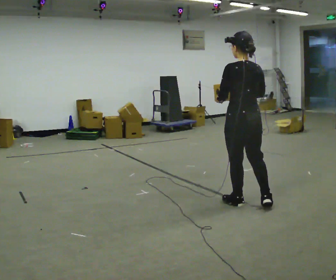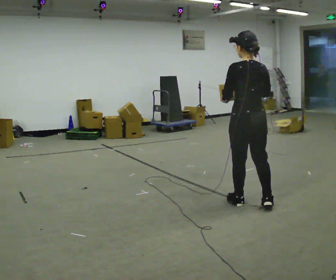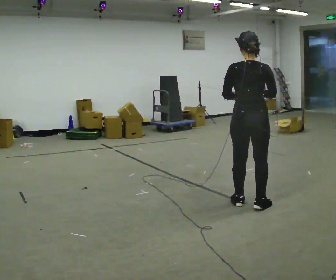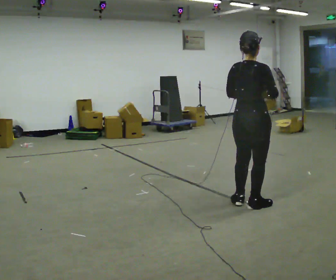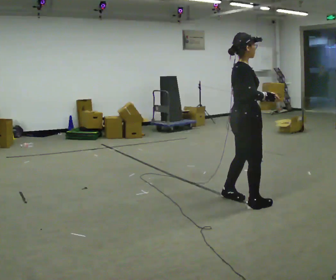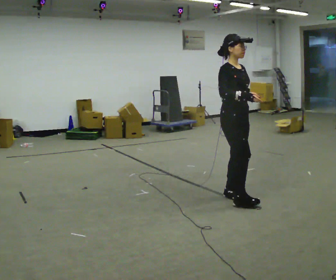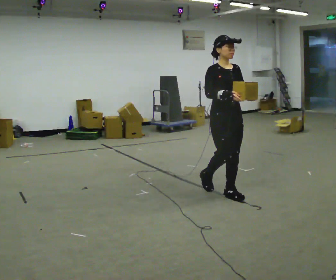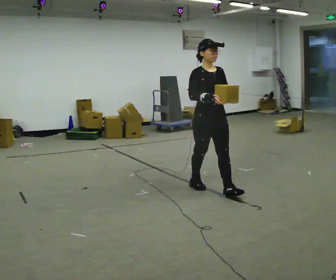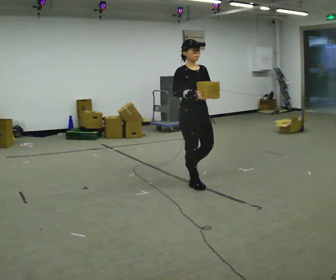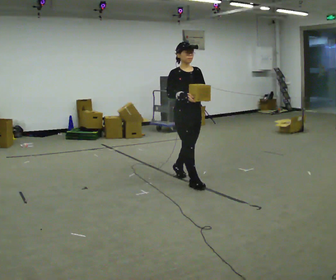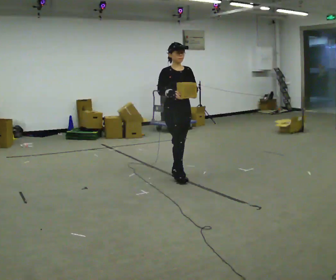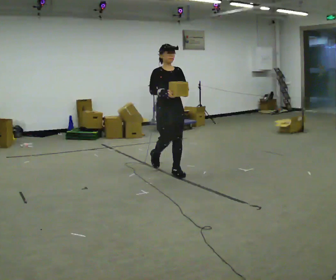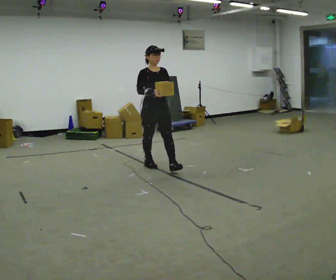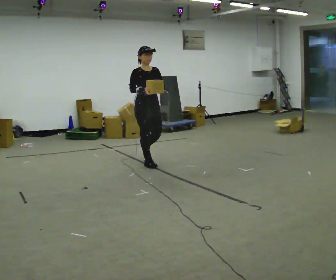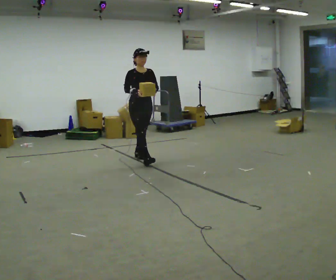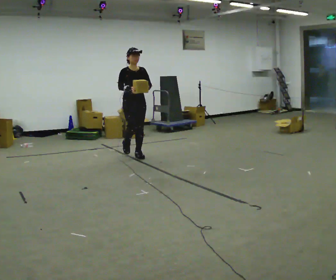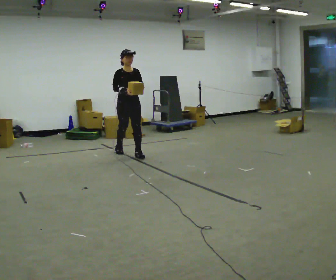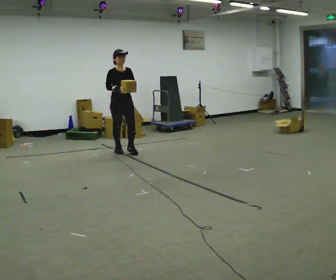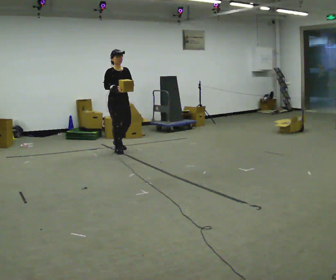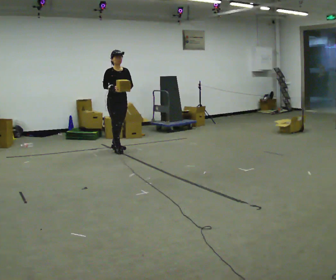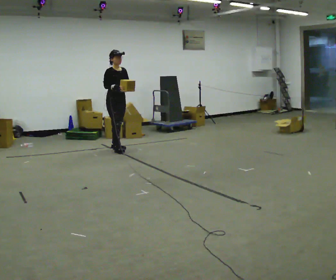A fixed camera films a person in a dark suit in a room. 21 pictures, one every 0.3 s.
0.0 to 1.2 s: The person turns about 105 degrees to their right, clockwise seen from above, so the part of the body nearest the lens slides to the left.
1.2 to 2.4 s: The person turns about 60 degrees to their right, clockwise seen from above, so the part of the body nearest the lens slides to the left. In the picture they go away from the camera and to the left, about 1 m in 2 steps.
2.4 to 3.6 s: In the picture they go away from the camera and to the left, about 1 m in 2 steps, which for them is backward.
3.6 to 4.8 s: In the picture they go away from the camera and to the left, about 1 m in 1 step, which for them is backward.
4.8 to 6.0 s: In the picture they go away from the camera and to the left, about 0.5 m in 1 step, which for them is backward.
The film runs backward here.
